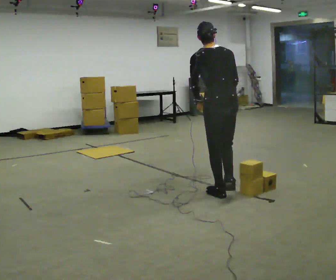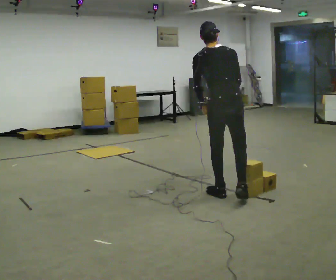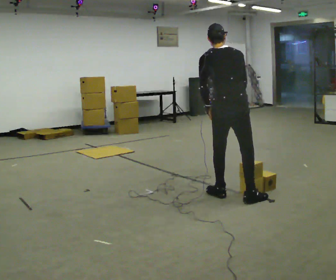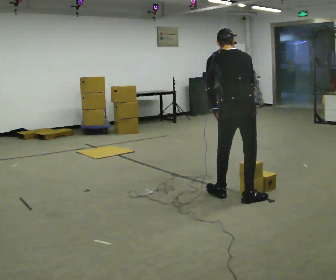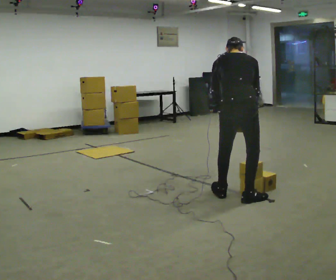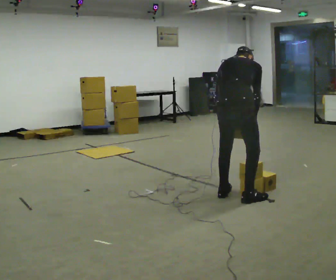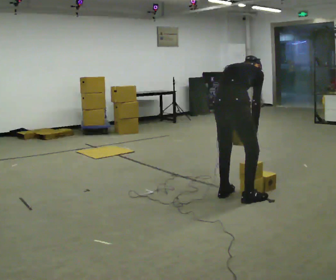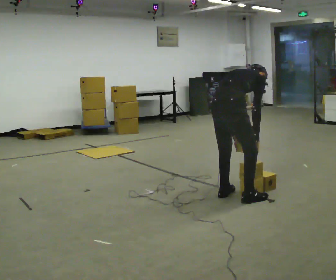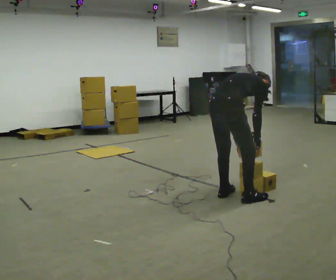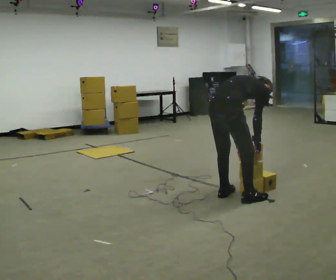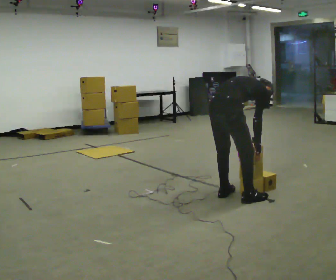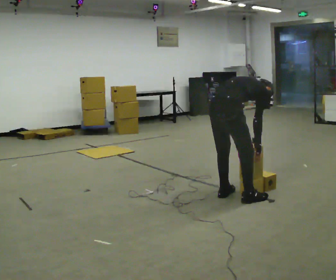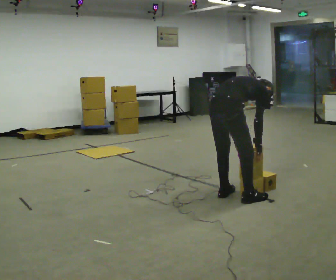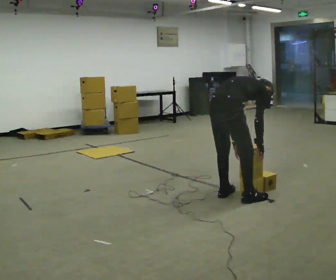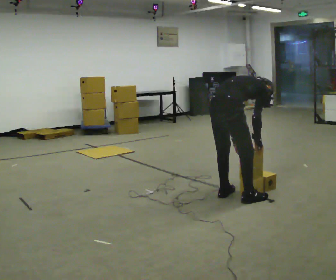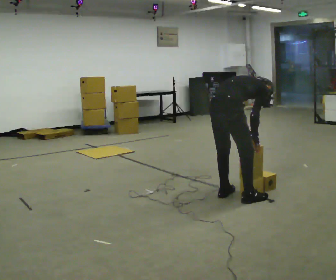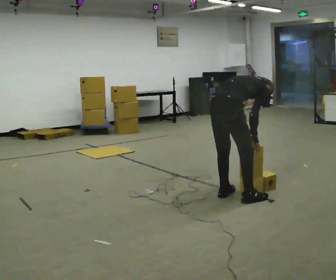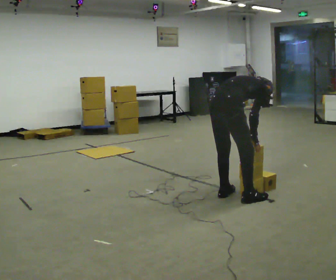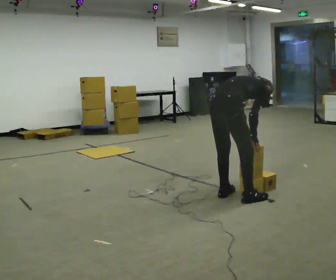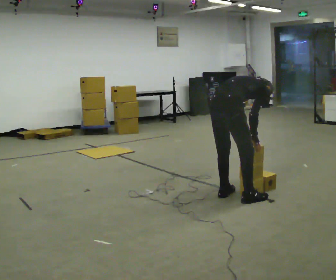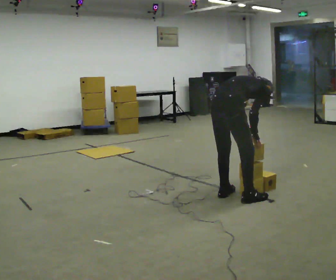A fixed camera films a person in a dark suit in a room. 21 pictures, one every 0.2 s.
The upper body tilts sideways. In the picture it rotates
clockwise.
The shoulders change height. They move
downward.
0.0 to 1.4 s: The part of the body nearest the lens slides to the left as the person turns to their right by about 45 degrees. In the picture they go toward the camera, about 0.25 m, which for them is backward. The upper body goes downward. In the picture the upper body tilts clockwise, shoulders to the right, as they bend forward. In the picture their right hand goes to the right and downward.
1.4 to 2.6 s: In the picture the upper body tilts clockwise, shoulders to the right, as they bend forward.
2.6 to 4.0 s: The person moves a little, or ends about where they began.
The film runs backward here.
